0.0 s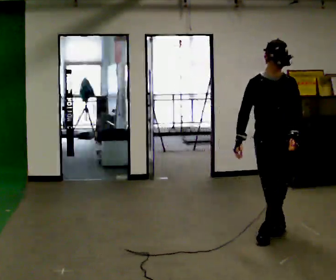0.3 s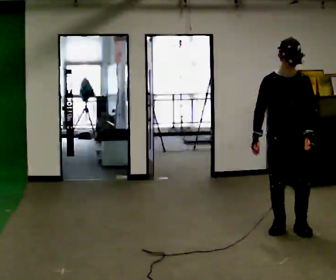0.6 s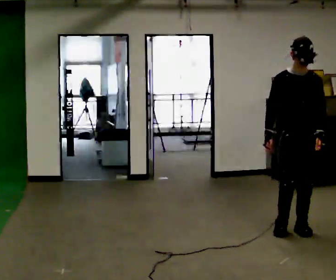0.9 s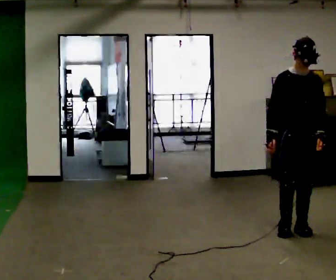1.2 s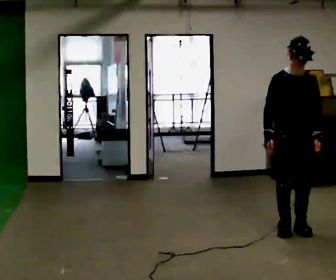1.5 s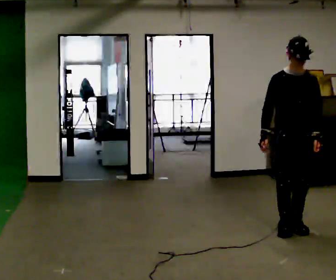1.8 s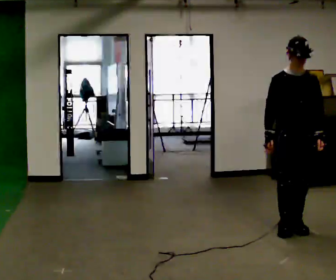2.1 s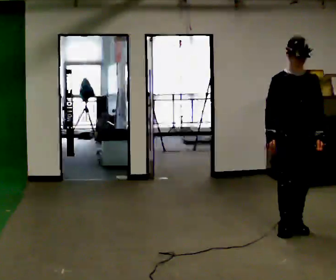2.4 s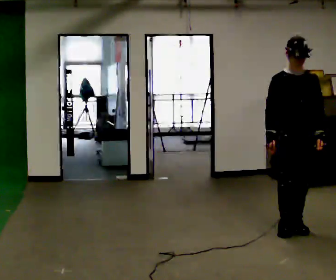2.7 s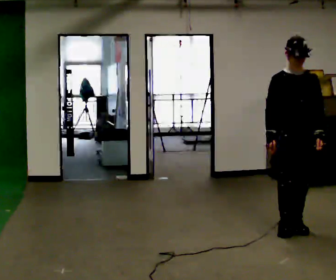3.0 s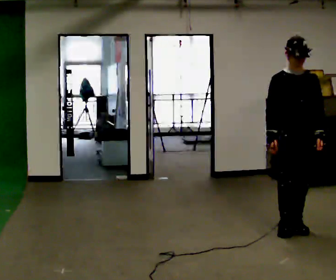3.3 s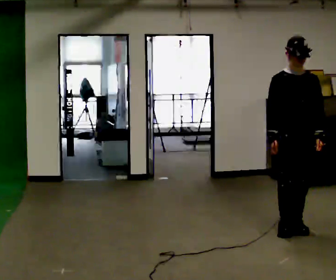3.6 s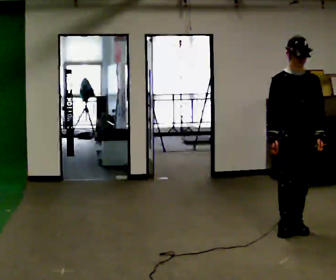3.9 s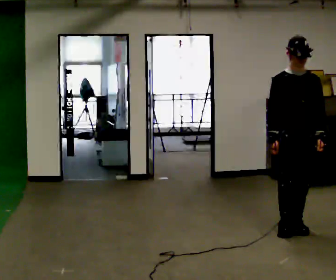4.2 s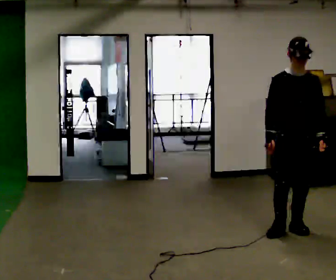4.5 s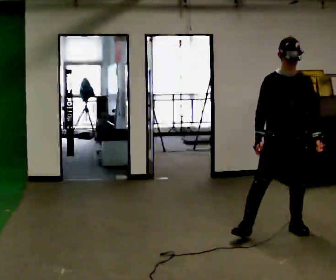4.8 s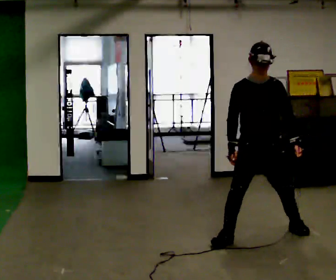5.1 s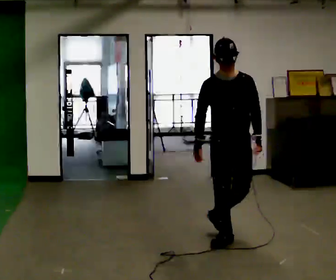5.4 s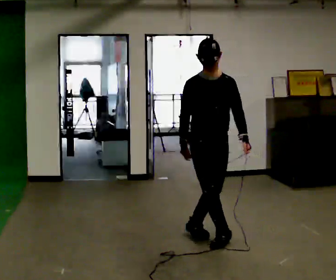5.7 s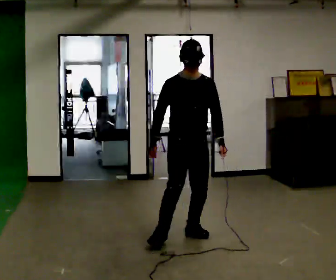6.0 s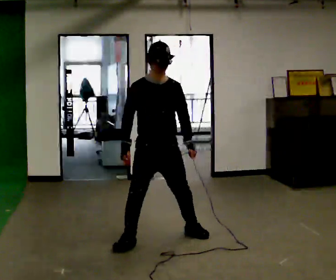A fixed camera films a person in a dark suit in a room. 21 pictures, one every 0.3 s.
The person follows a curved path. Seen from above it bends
clockwise.
0.0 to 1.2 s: In the picture they go to the right, about 0.25 m in 1 step, which for them is to their left.
1.2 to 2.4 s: The person moves a little, or ends about where they began.
2.4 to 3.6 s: The person keeps their place and pose.
3.6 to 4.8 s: In the picture they go to the left, about 0.25 m in 1 step, which for them is to their right.
4.8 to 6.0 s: In the picture they go to the left, about 1 m in 2 steps, which for them is to their right.
The film runs forward here.
